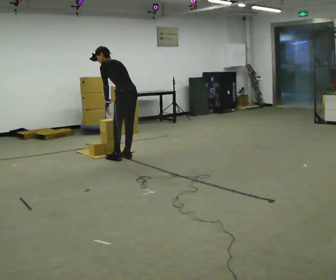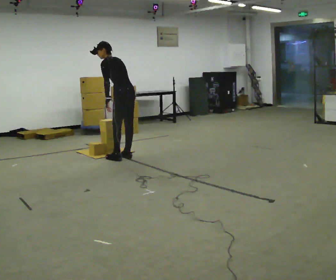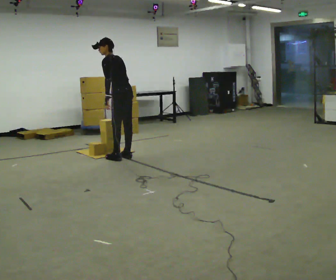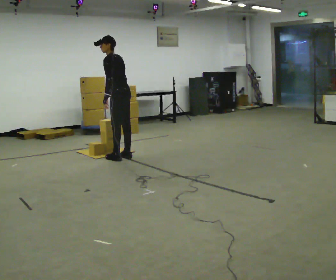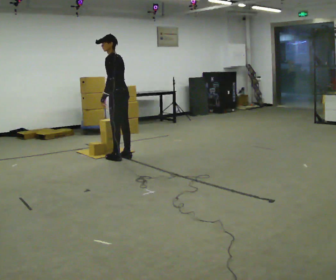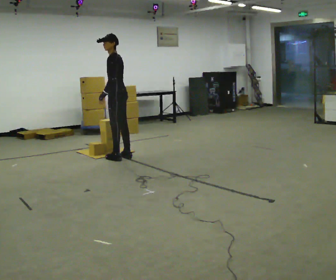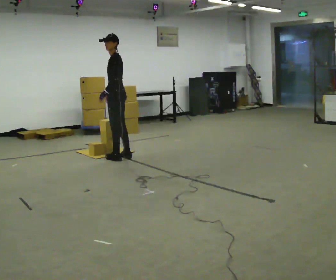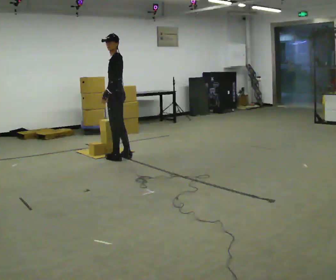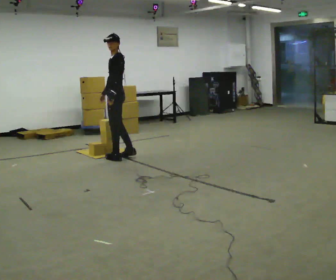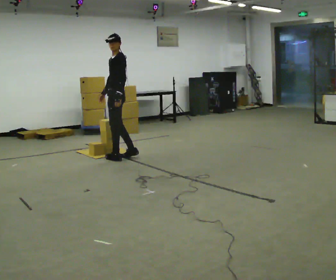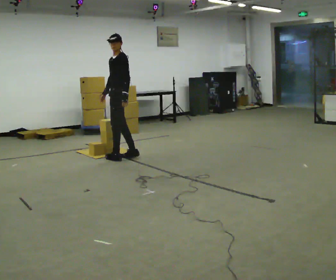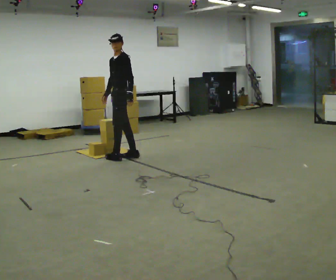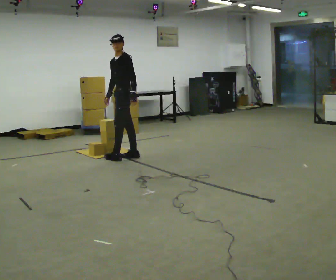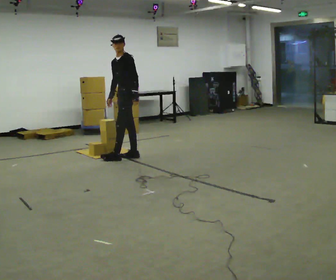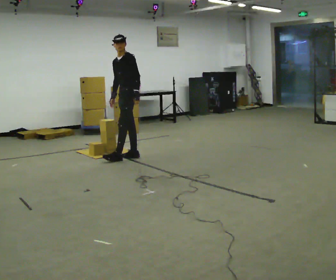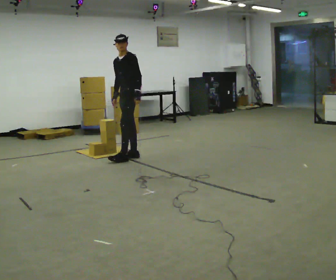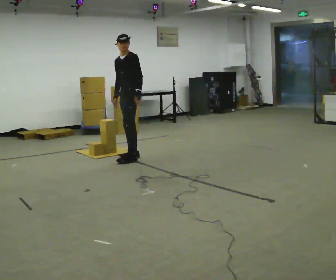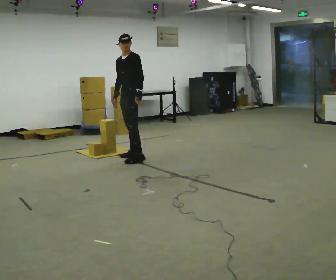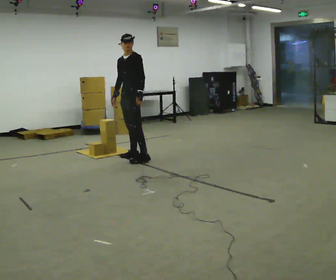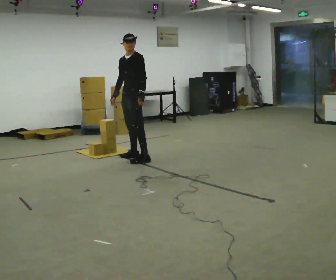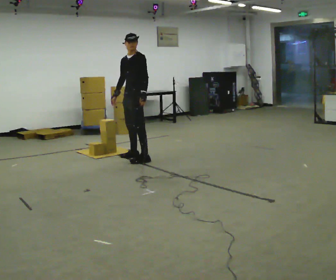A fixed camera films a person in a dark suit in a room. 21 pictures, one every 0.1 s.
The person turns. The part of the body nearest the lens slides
to the right.
The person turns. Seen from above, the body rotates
counterclockwise.
0.0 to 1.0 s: The person turns about 45 degrees to their left, counterclockwise seen from above, so the part of the body nearest the lens slides to the right. In the picture the upper body tilts clockwise, shoulders to the right, as they lean back or straighten. In the picture their right hand goes to the left.
1.0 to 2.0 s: In the picture they go to the right, about 0.25 m in 1 step, which for them is to their left and backward.
The film runs forward here.
